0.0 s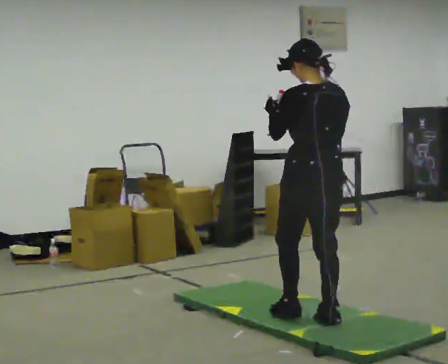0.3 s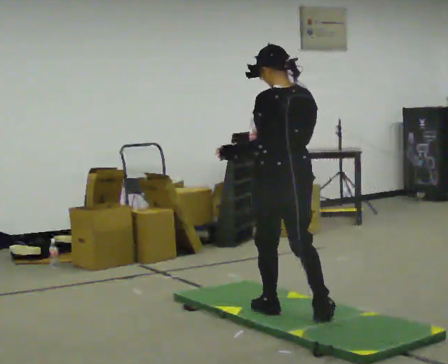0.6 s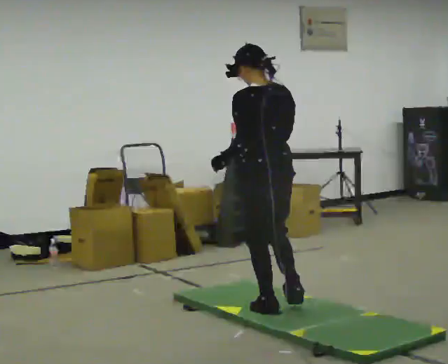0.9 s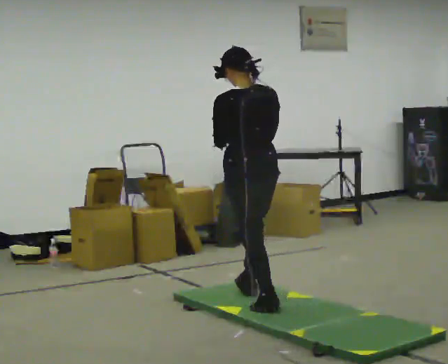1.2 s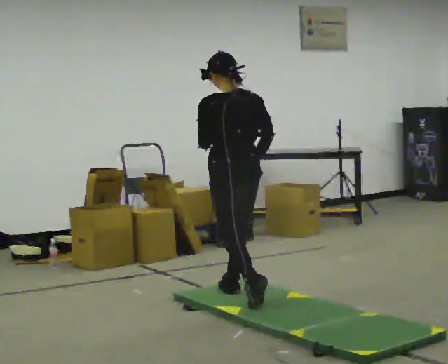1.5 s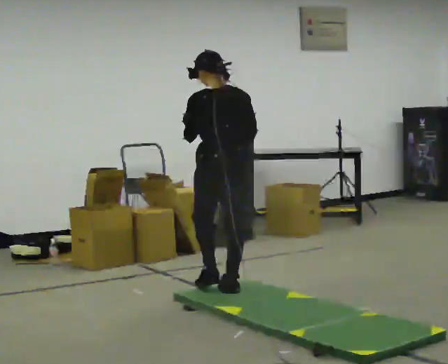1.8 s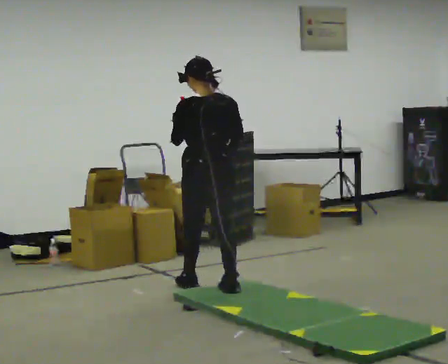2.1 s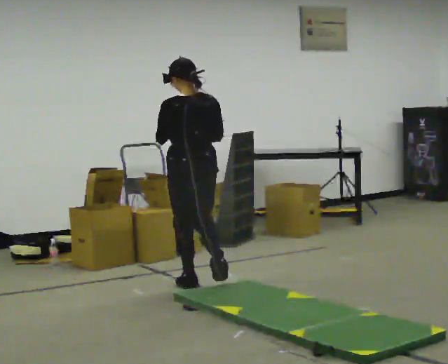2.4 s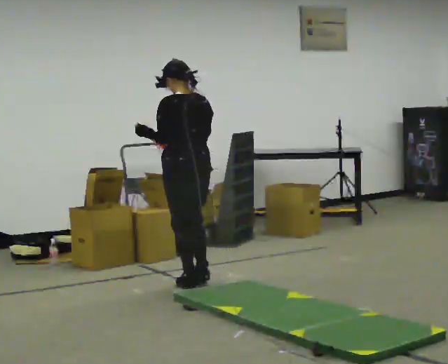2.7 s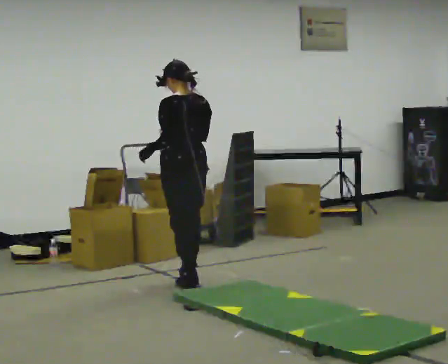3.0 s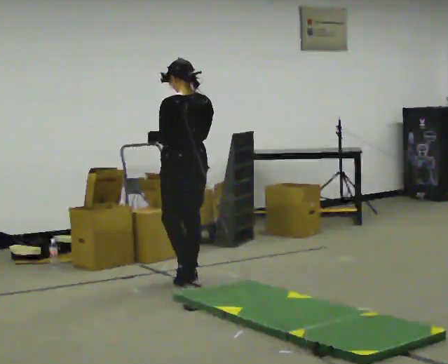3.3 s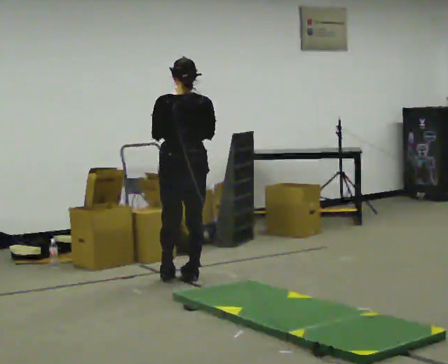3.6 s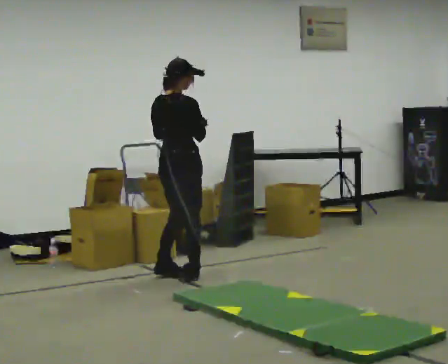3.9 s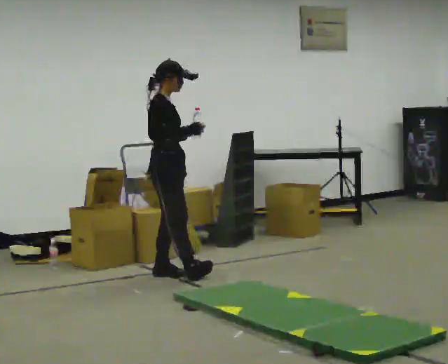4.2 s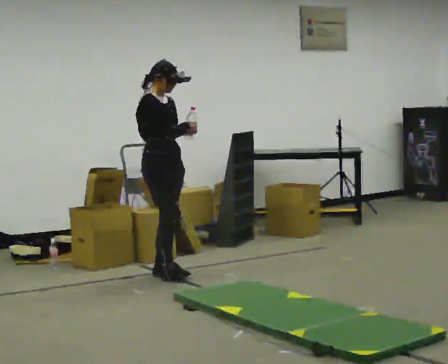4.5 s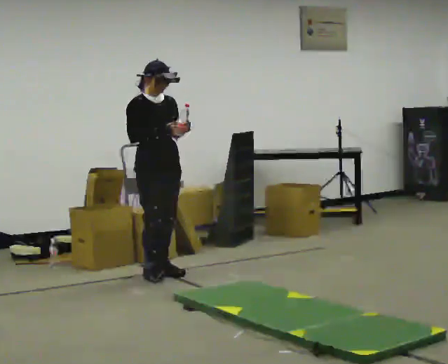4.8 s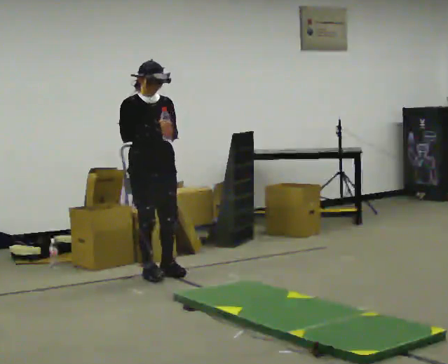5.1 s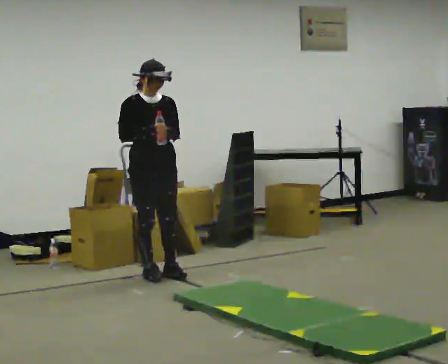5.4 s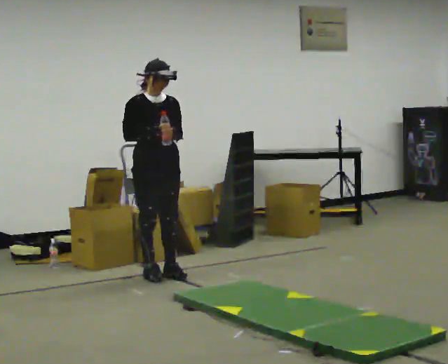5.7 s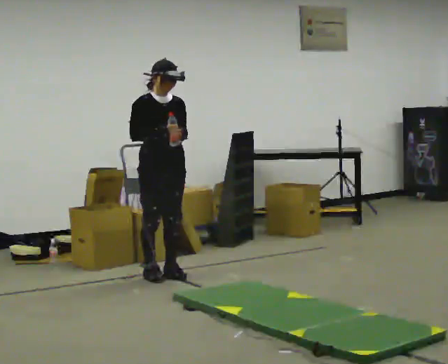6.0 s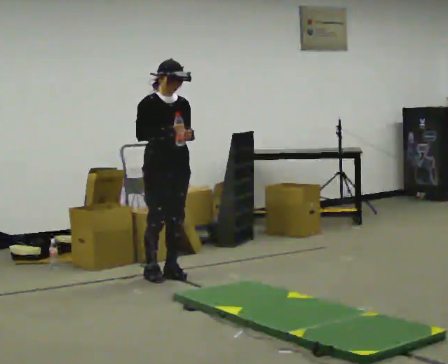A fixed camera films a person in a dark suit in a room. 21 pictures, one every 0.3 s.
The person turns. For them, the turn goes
to their right.
The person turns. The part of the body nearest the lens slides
to the left.
0.0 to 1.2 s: In the picture they go away from the camera and to the left, about 1 m in 2 steps, which for them is forward.
1.2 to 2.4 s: In the picture they go away from the camera and to the left, about 0.5 m in 1 step, which for them is forward.
2.4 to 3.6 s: The part of the body nearest the lens slides to the left as the person turns to their right by about 75 degrees. In the picture they go away from the camera, about 0.25 m in 1 step.
3.6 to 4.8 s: The person turns about 105 degrees to their right, clockwise seen from above, so the part of the body nearest the lens slides to the left. In the picture they go to the left, about 0.25 m in 2 steps. In the picture their right hand goes to the left.
4.8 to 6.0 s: The person moves a little, or ends about where they began.
The film runs forward here.
